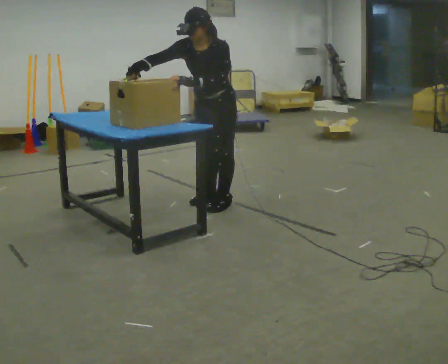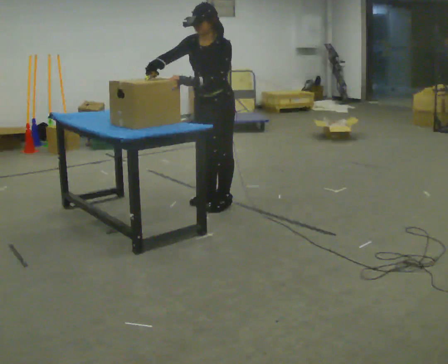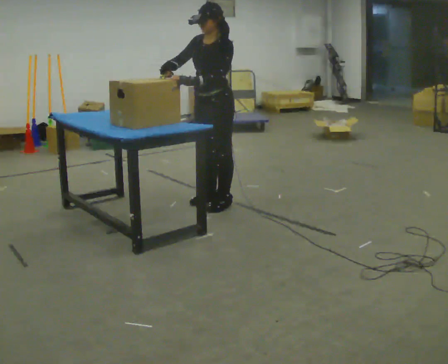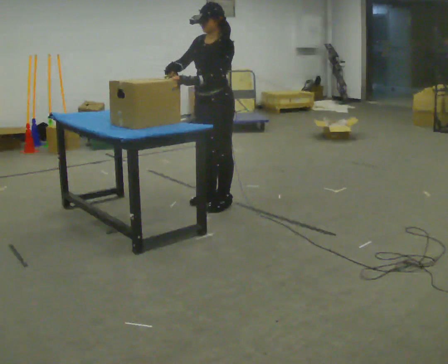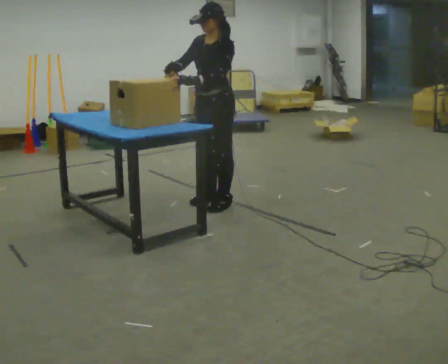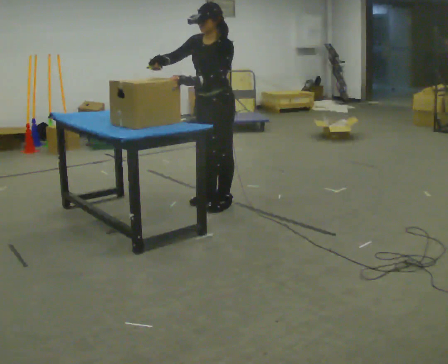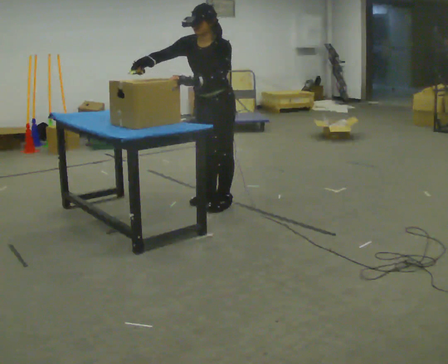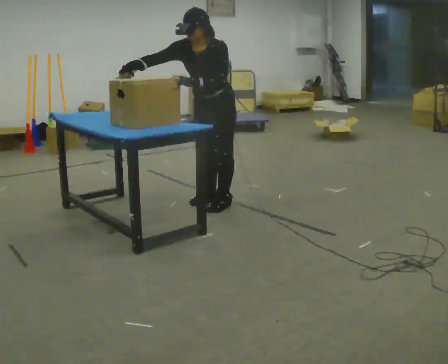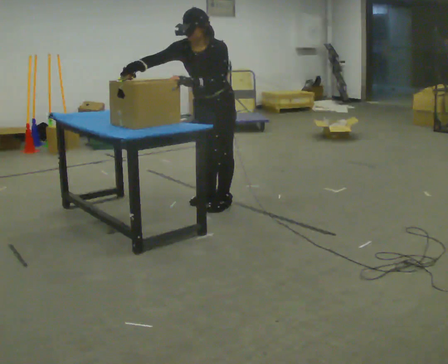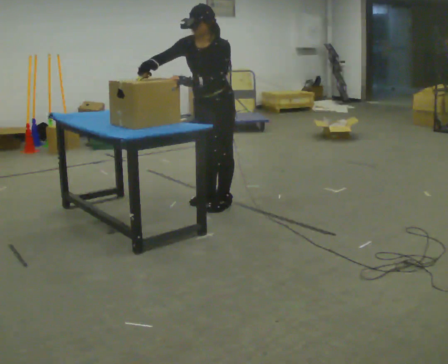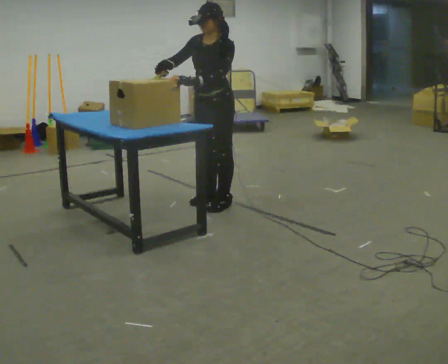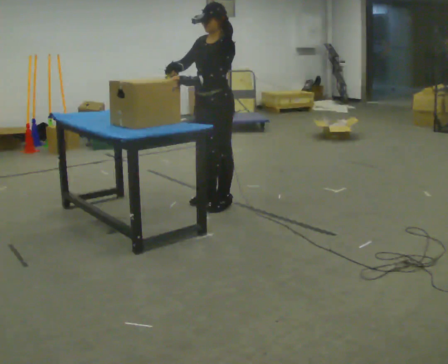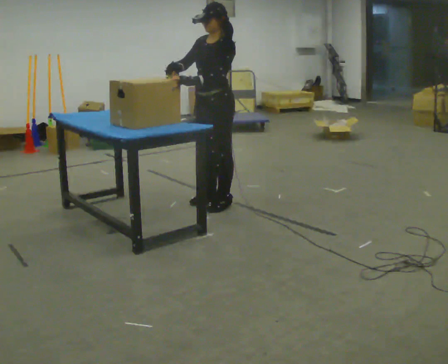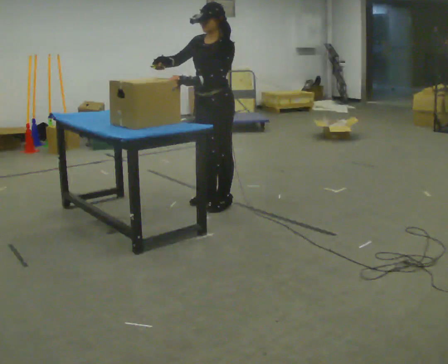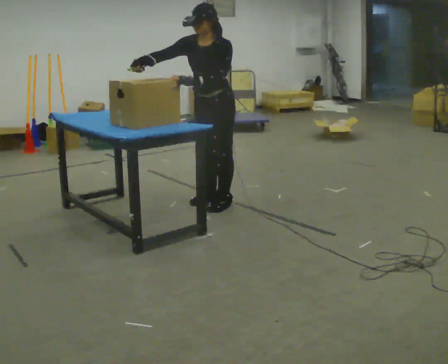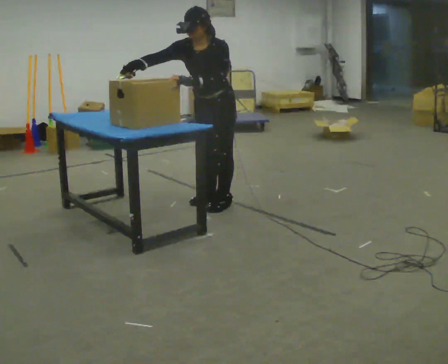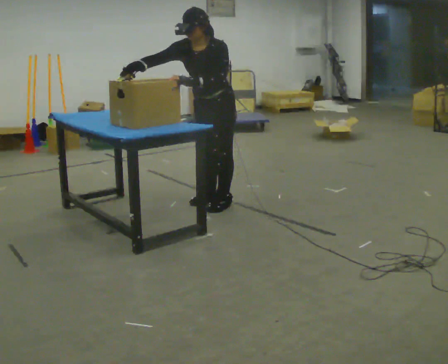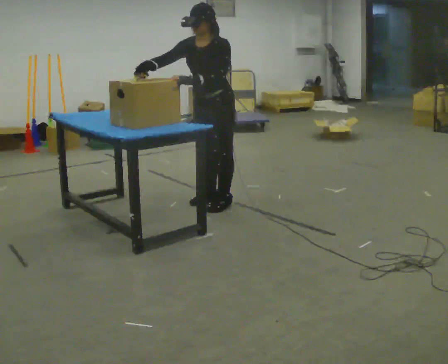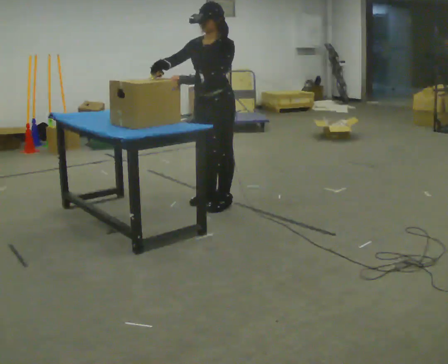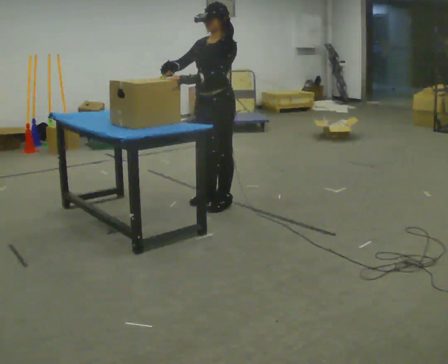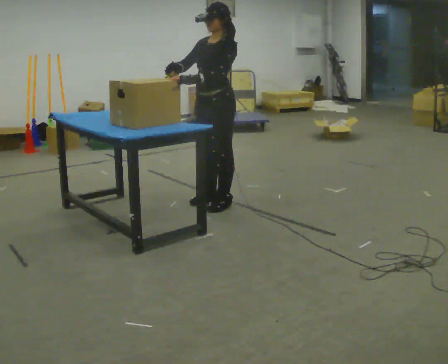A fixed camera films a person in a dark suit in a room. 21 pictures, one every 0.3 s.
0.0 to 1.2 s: The upper body tips away from the camera, its near side rolling upward, as they lean back or straighten.
1.2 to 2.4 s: The upper body tips toward the camera, its near side rolling downward, as they bend forward.
2.4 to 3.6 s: The upper body tips away from the camera, its near side rolling upward, as they lean back or straighten.
3.6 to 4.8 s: The upper body tips toward the camera, its near side rolling downward, as they bend forward.
4.8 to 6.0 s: The upper body tips away from the camera, its near side rolling upward, as they lean back or straighten.
The film runs forward here.
